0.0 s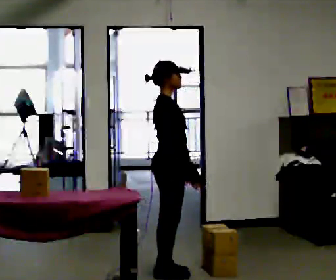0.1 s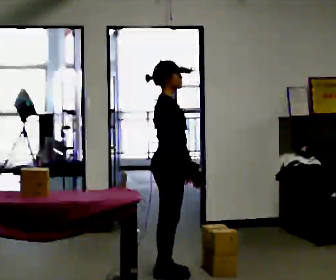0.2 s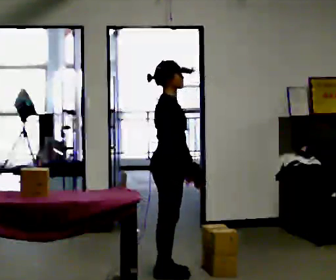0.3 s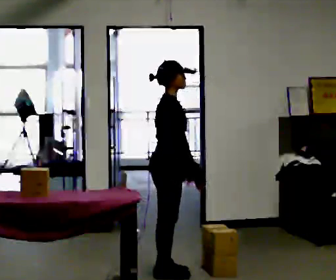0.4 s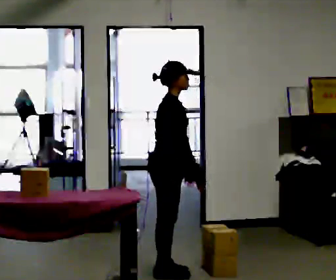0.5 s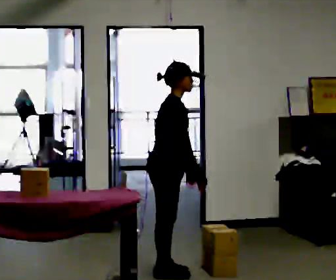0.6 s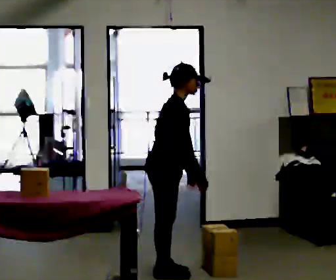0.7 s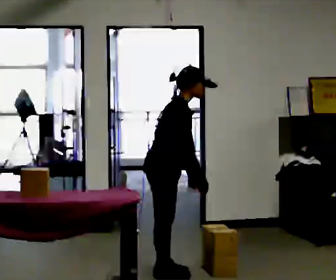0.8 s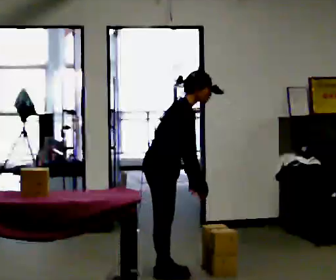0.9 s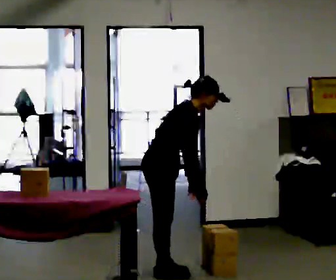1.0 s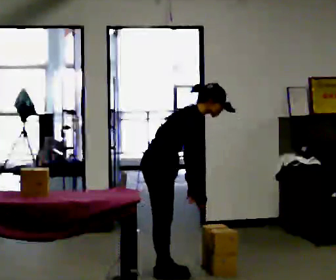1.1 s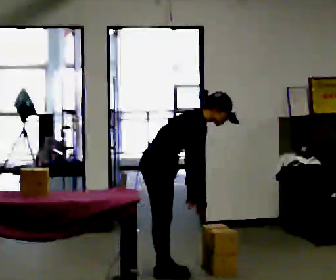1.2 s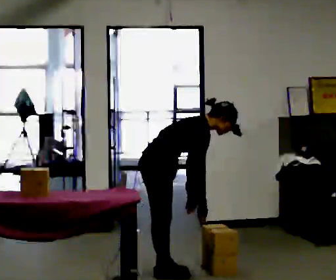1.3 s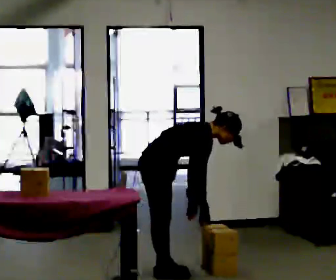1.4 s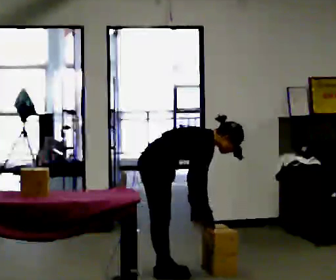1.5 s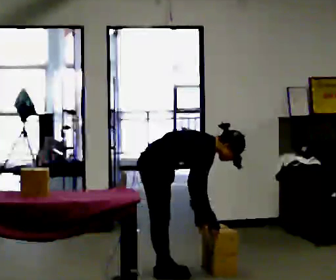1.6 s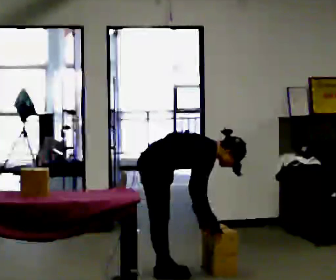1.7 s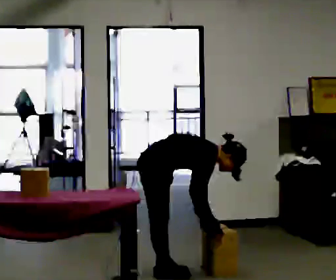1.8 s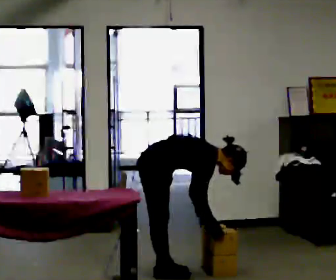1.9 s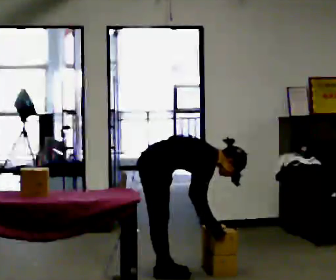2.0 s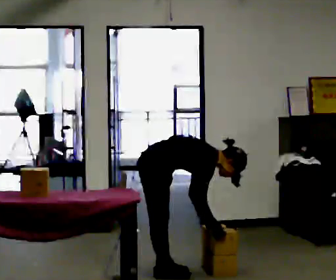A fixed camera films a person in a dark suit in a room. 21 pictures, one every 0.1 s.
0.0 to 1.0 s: In the picture the upper body tilts clockwise, shoulders to the right, as they bend forward.
1.0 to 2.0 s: The shoulders move downward. In the picture the upper body tilts clockwise, shoulders to the right, as they bend forward.
The film runs backward here.
